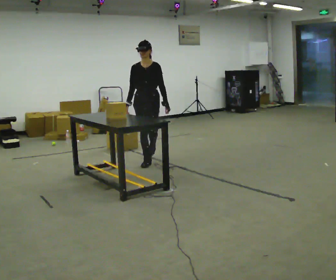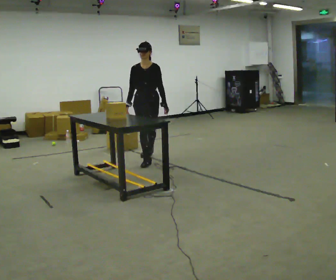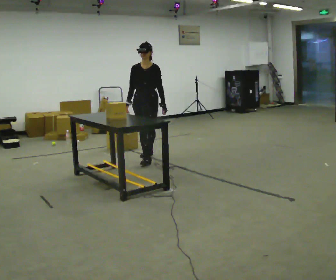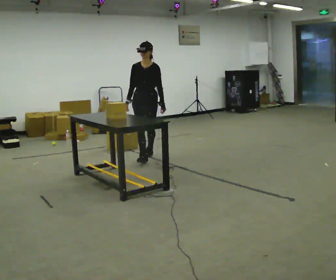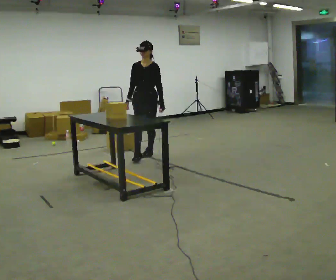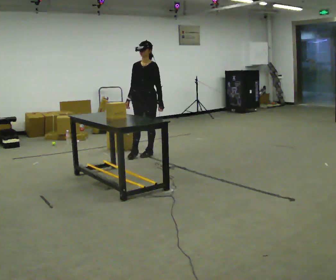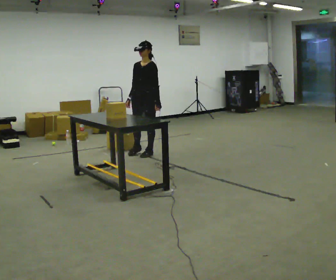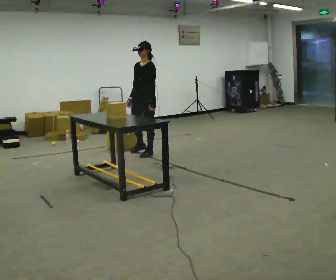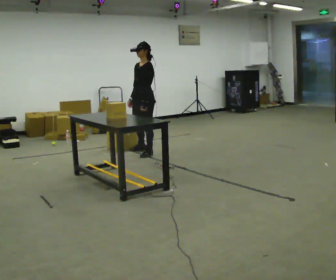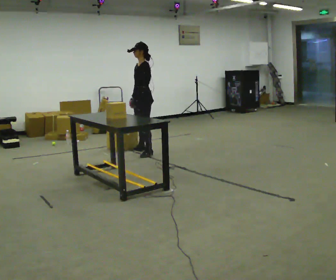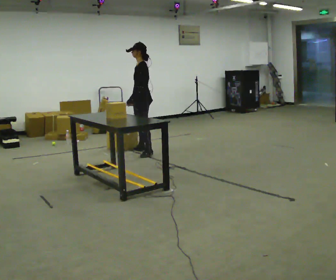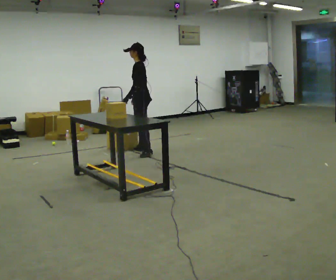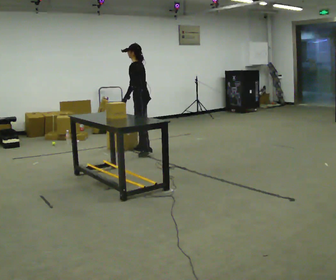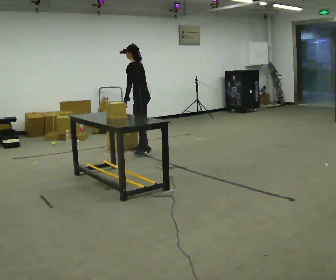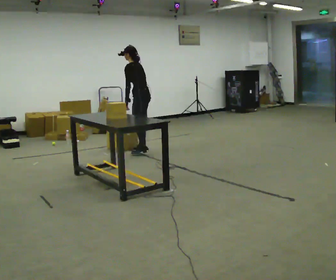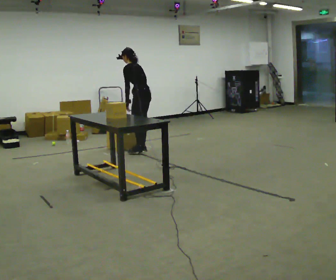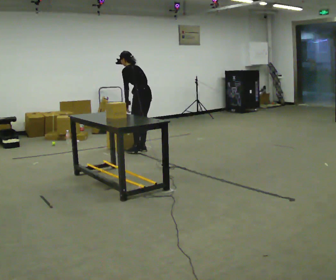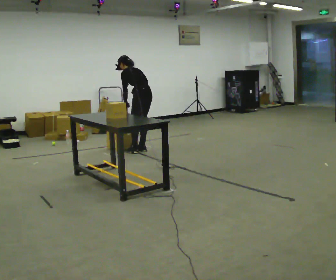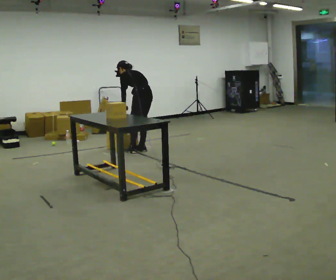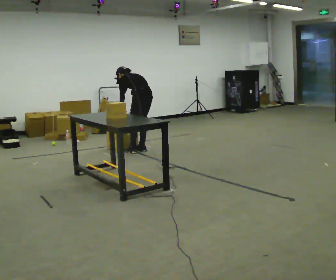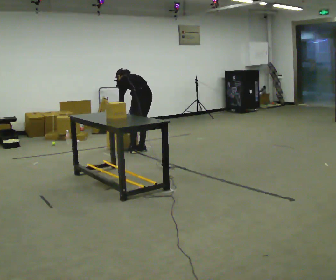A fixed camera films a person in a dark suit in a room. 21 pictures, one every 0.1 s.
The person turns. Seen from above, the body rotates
clockwise.
The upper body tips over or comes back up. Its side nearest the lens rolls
upward.
0.0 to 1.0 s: The person turns about 75 degrees to their right, clockwise seen from above, so the part of the body nearest the lens slides to the left. In the picture they go away from the camera, about 0.5 m in 1 step.
1.0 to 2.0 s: The part of the body nearest the lens slides to the left as the person turns to their right by about 60 degrees. The upper body goes downward. The upper body tips away from the camera, its near side rolling upward, as they bend forward.
The film runs backward here.
